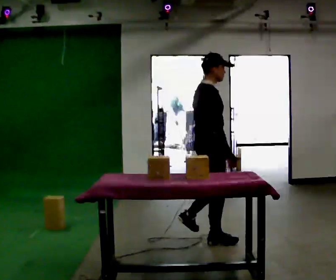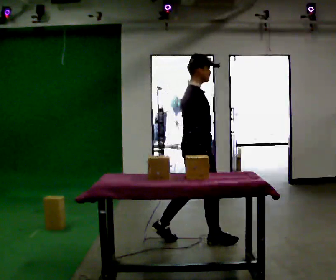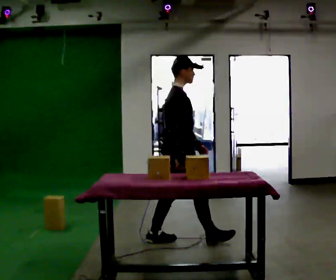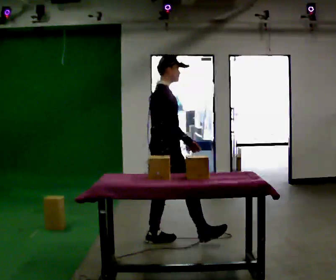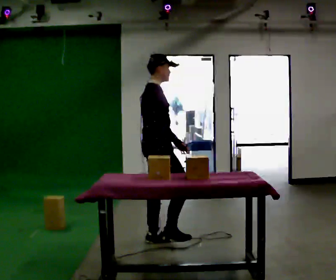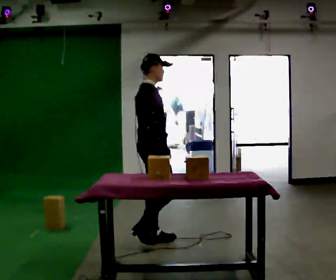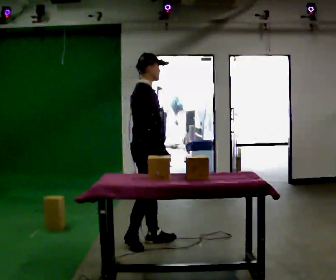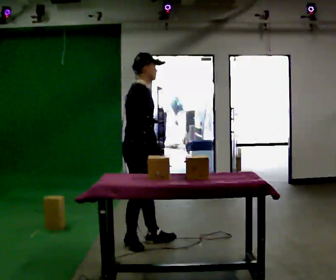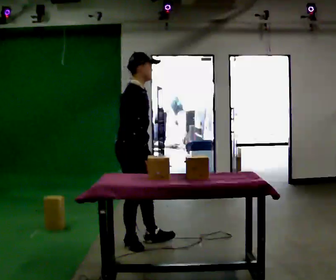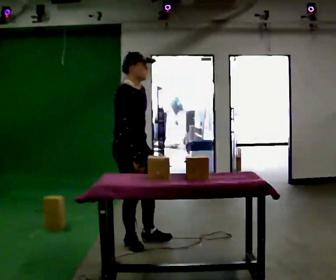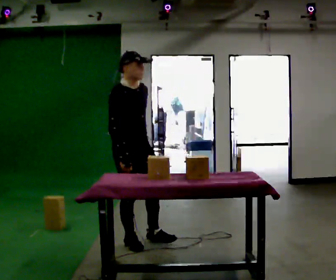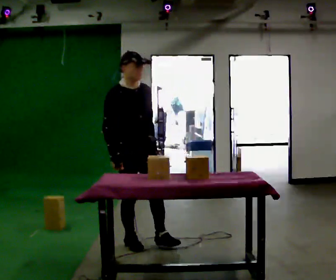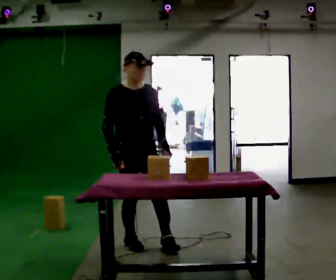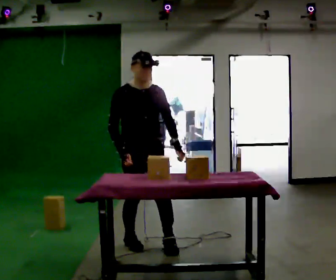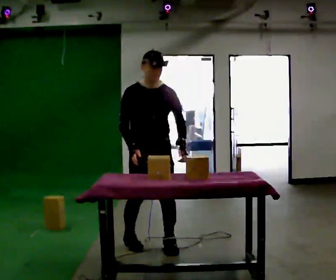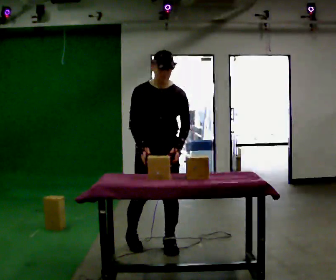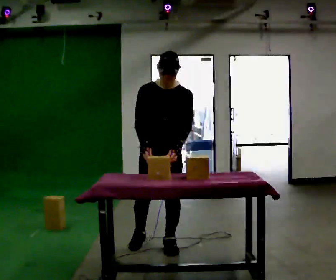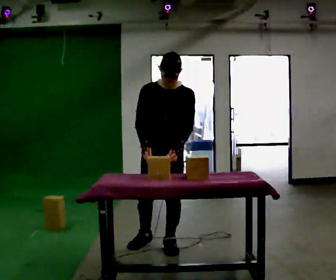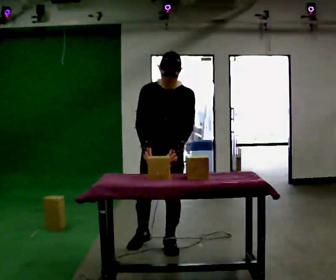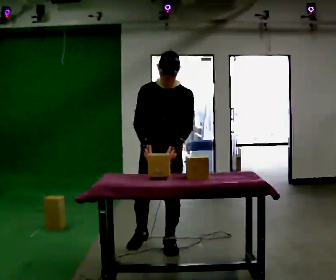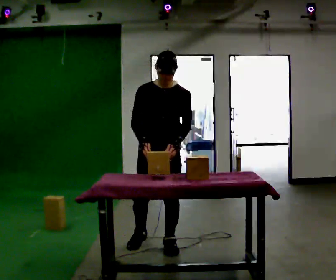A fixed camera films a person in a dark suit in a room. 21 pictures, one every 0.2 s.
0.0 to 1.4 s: In the picture they go to the left, about 0.75 m in 1 step, which for them is backward.
1.4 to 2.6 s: The person turns about 75 degrees to their right, clockwise seen from above, so the part of the body nearest the lens slides to the left. In the picture their left hand goes to the right.
2.6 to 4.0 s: In the picture they go to the right, about 0.25 m, which for them is to their left.
The film runs backward here.
